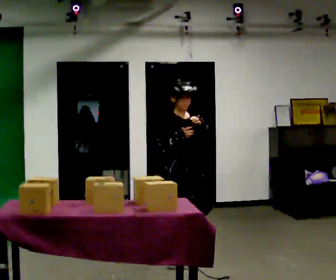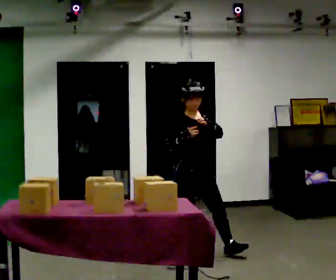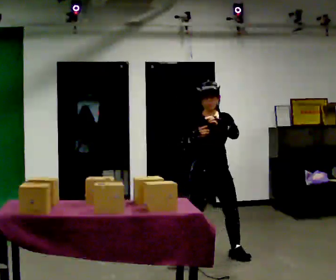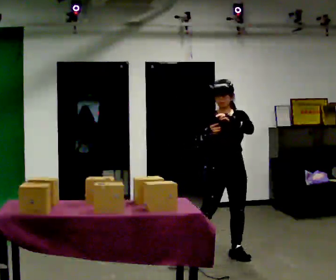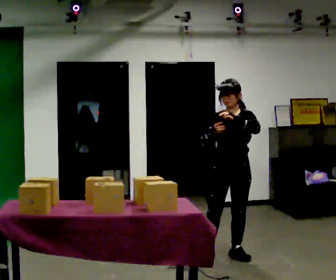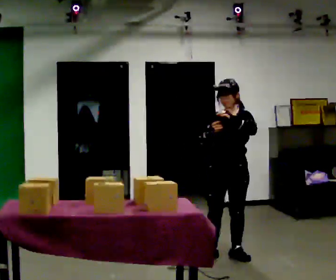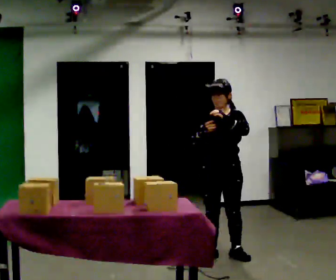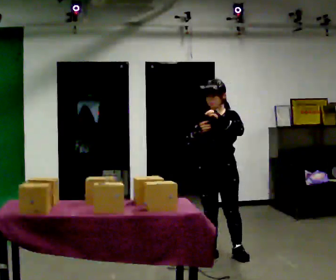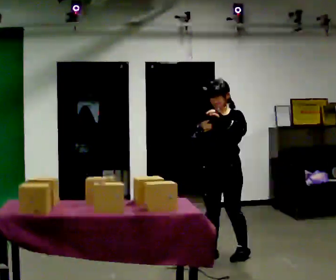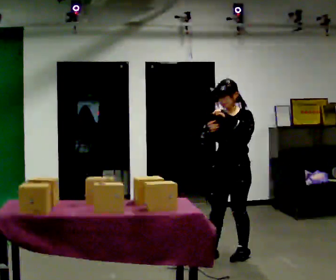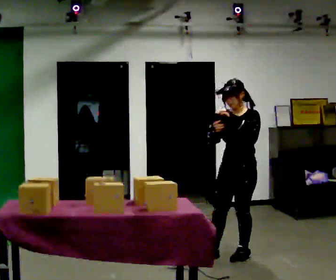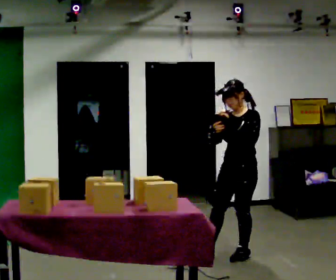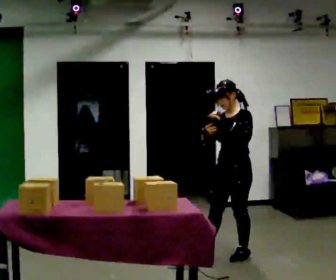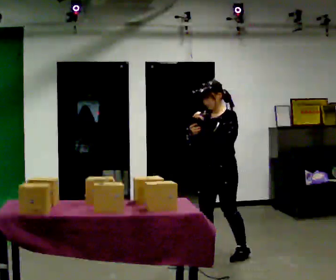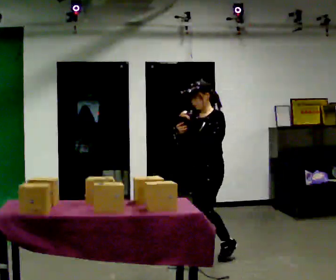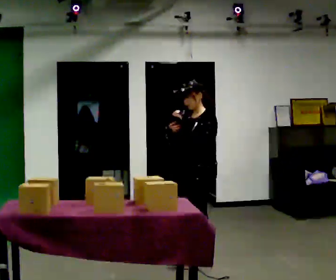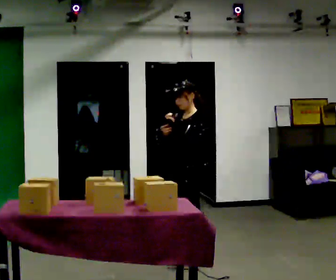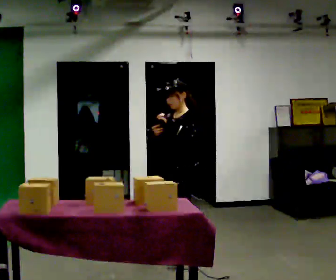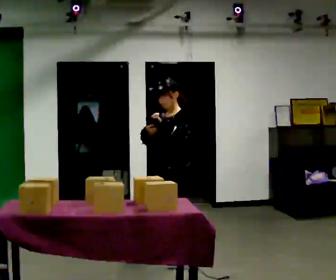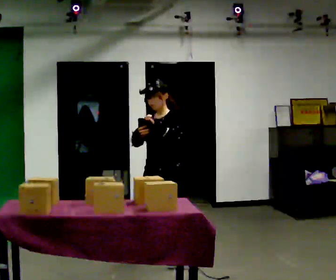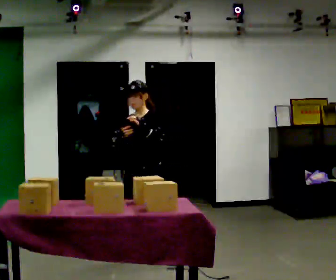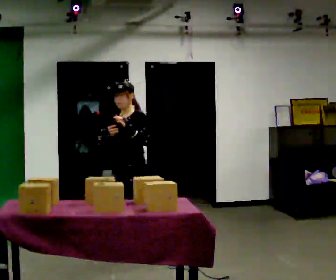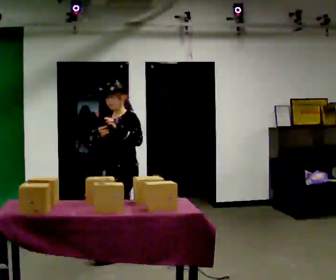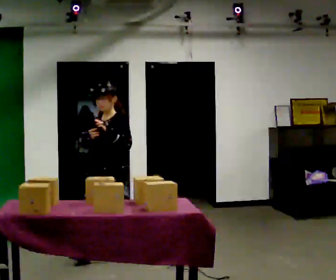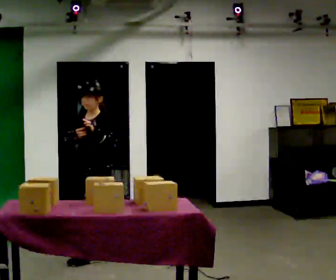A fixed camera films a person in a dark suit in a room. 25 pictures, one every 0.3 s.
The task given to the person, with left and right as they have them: Carry the handheld device and, while walking, point it at the labels on the shelves and press the button as if scanning them.
0.0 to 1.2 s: Seen from above the body turns clockwise, about 75 degrees: to their right, with its near side sliding to the left. In the picture they go to the right, about 0.5 m in 1 step.
1.2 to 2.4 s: The person moves a little, or ends about where they began.
2.4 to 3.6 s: The part of the body nearest the lens slides to the left as the person turns to their right by about 30 degrees.
3.6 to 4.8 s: In the picture they go to the left, about 0.25 m in 1 step, which for them is forward and to their right.
4.8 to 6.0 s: In the picture they go to the left, about 0.5 m in 1 step, which for them is forward and to their right.
6.0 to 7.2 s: In the picture they go to the left, about 0.5 m in 1 step, which for them is forward.
The film runs forward here.
